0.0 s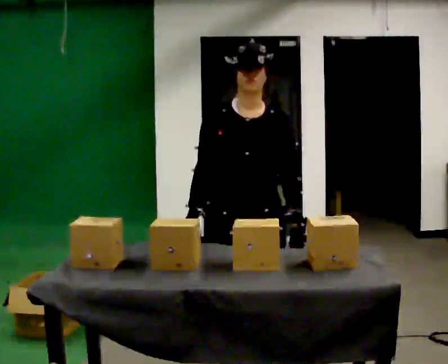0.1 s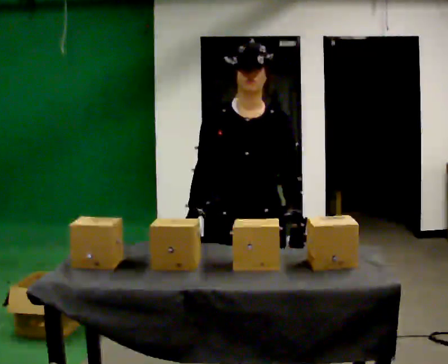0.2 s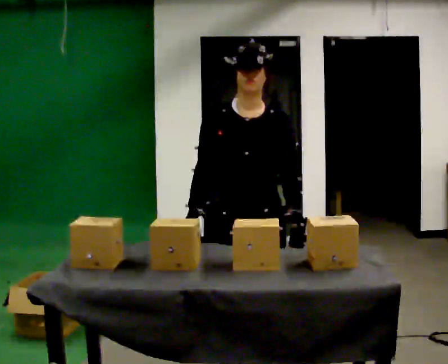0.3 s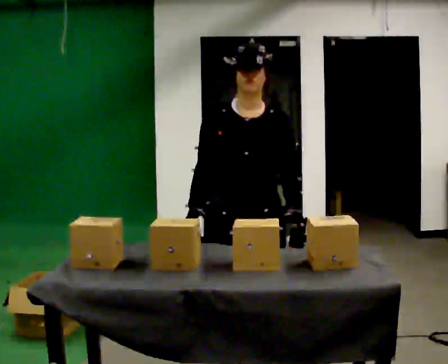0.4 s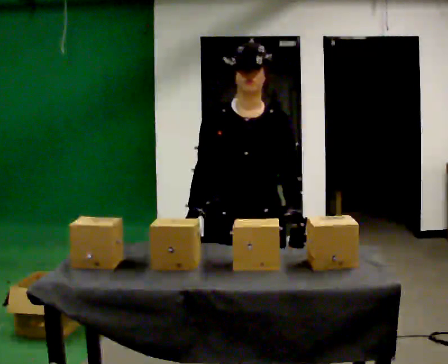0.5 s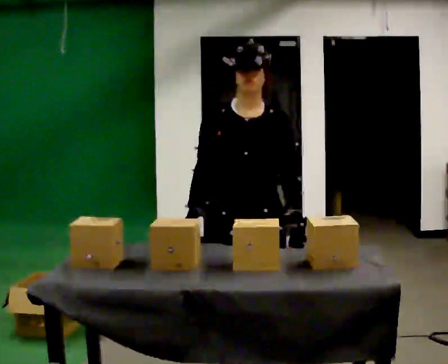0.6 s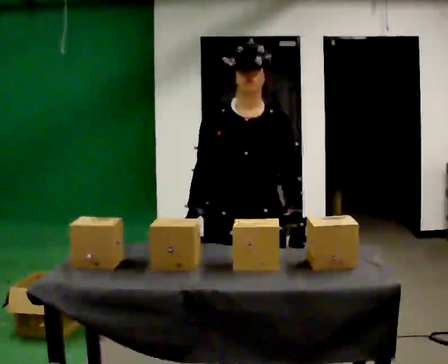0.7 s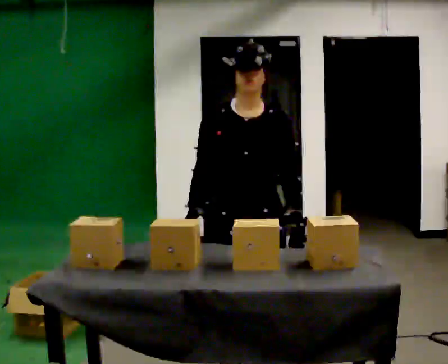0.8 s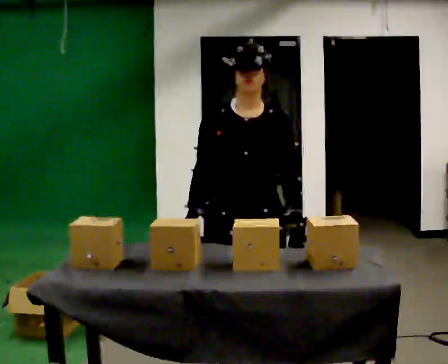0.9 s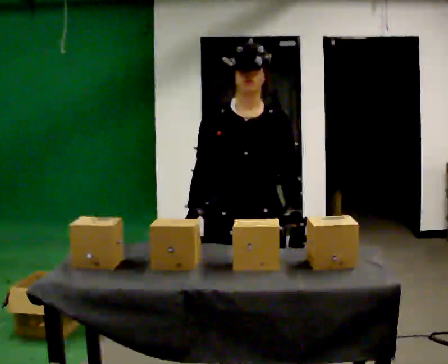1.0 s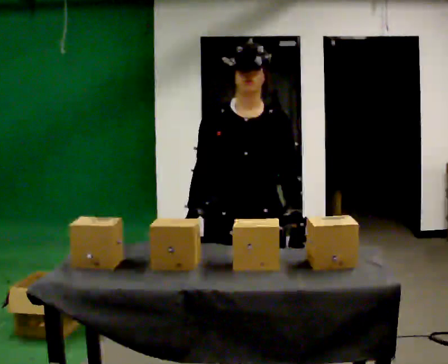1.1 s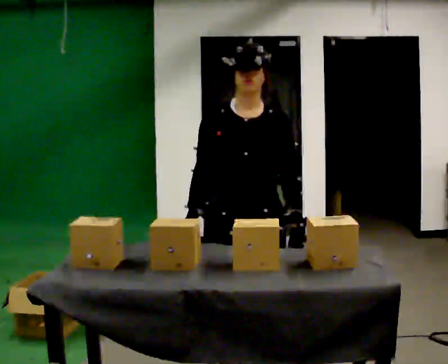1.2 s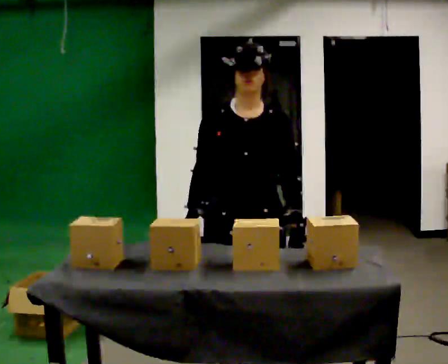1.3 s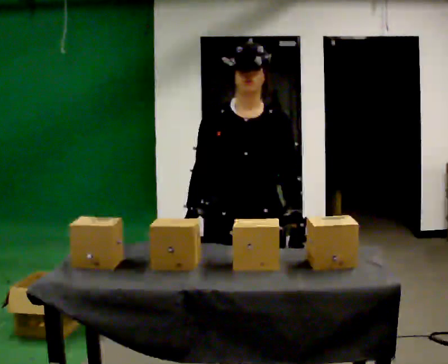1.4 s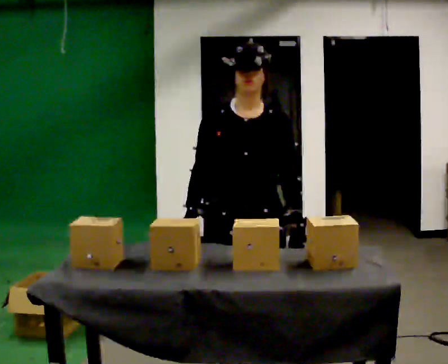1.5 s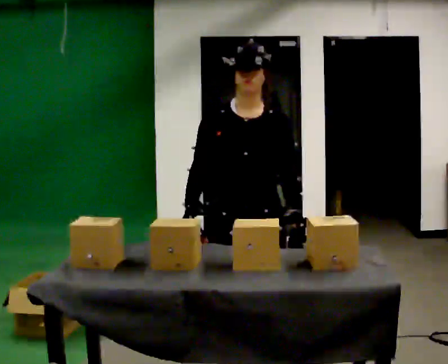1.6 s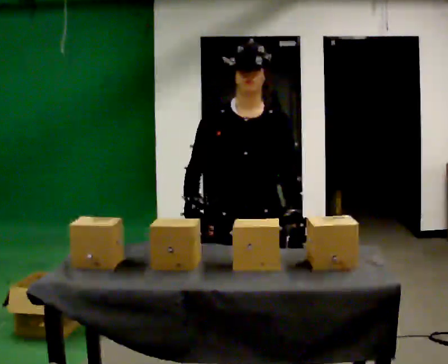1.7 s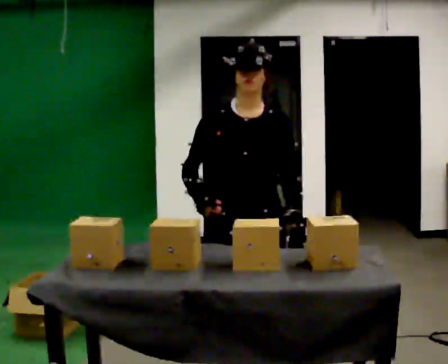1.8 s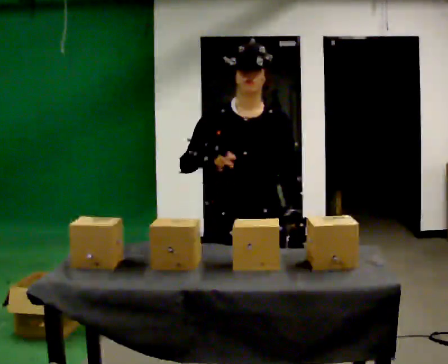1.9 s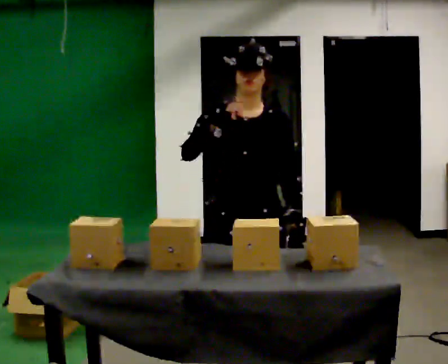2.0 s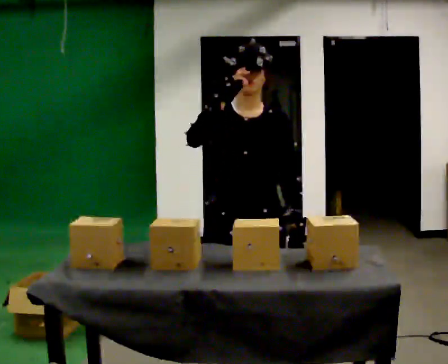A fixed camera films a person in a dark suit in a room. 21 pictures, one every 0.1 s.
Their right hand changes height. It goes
upward.
0.0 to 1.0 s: The person keeps their place and pose.
1.0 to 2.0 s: In the picture their right hand goes upward.
The film runs forward here.
